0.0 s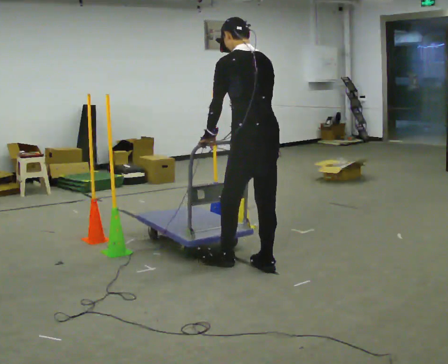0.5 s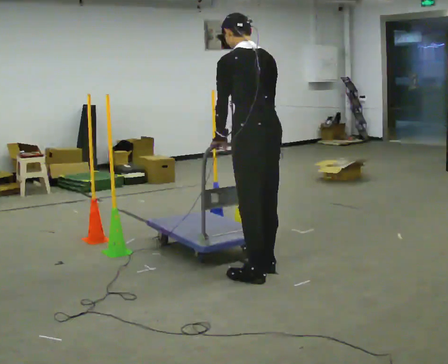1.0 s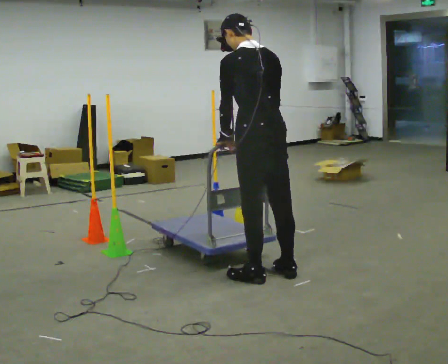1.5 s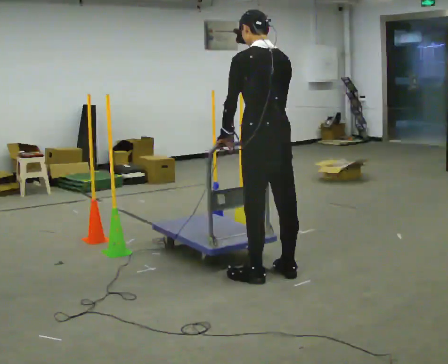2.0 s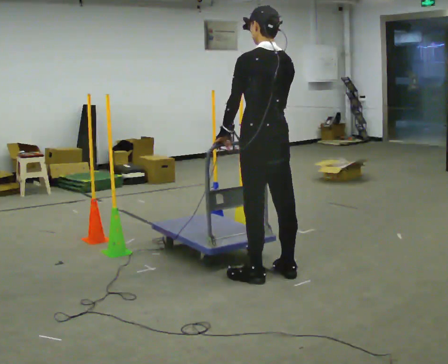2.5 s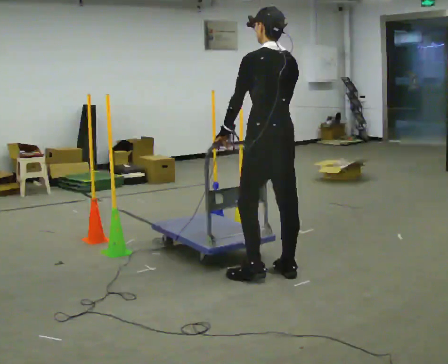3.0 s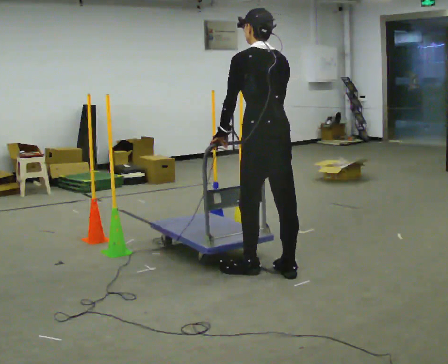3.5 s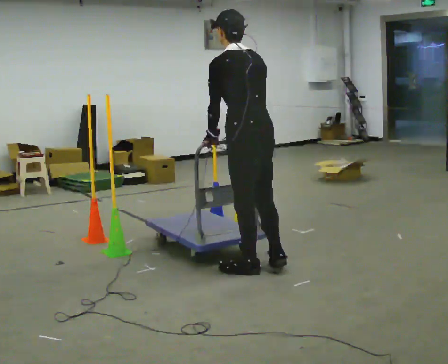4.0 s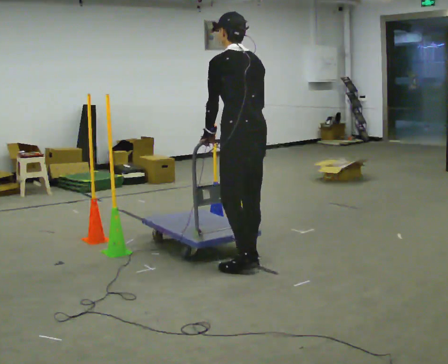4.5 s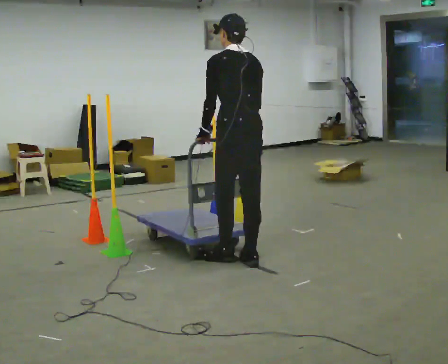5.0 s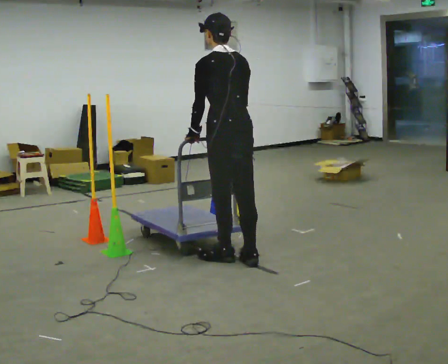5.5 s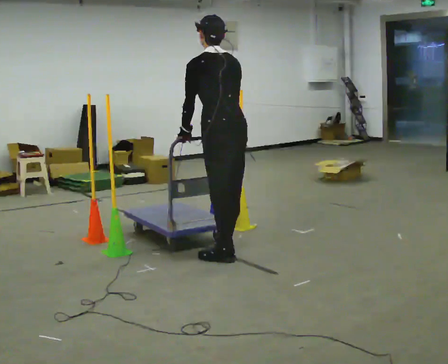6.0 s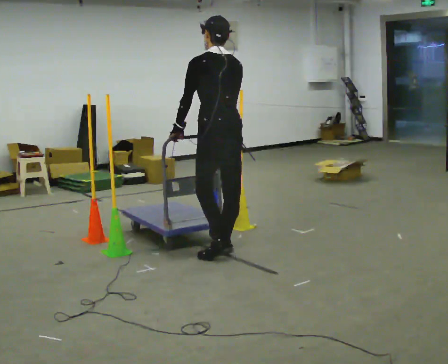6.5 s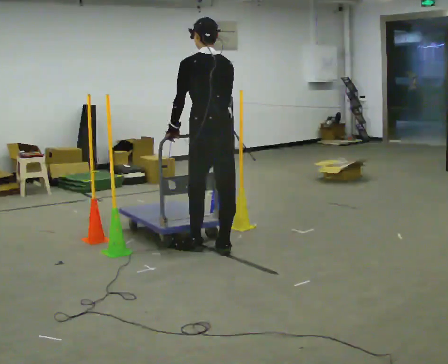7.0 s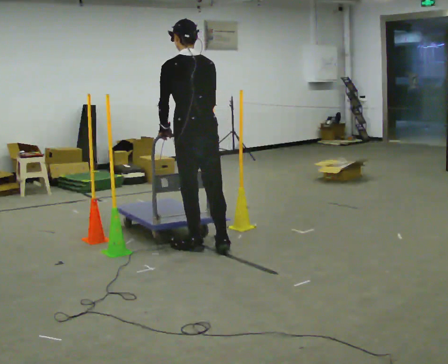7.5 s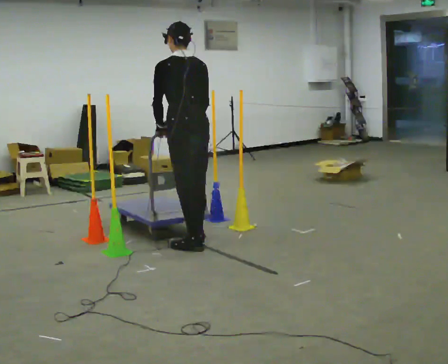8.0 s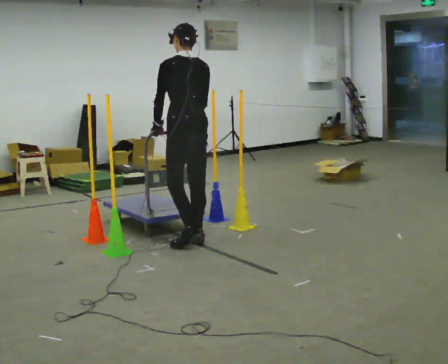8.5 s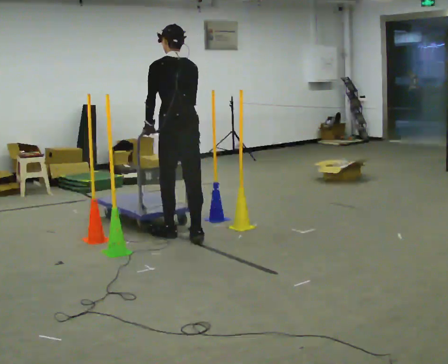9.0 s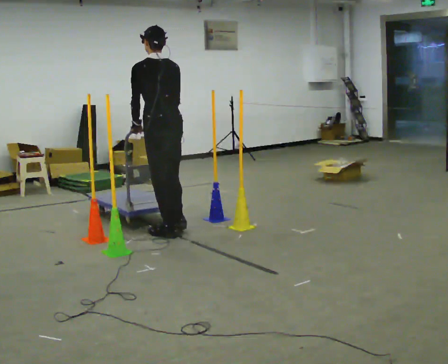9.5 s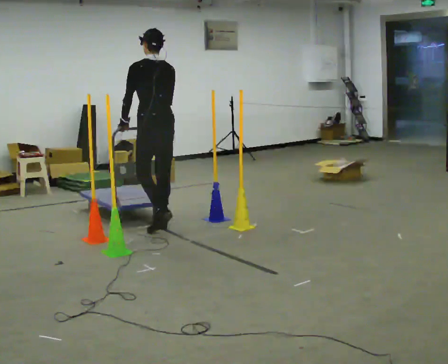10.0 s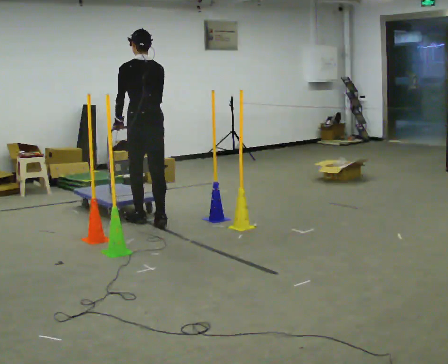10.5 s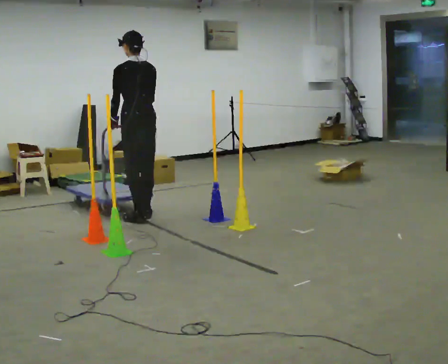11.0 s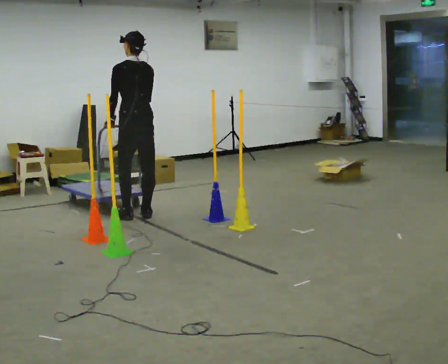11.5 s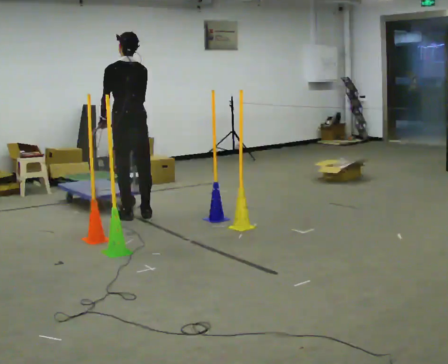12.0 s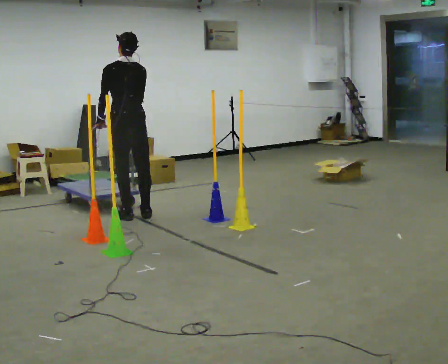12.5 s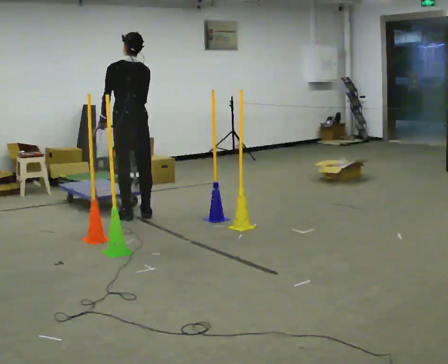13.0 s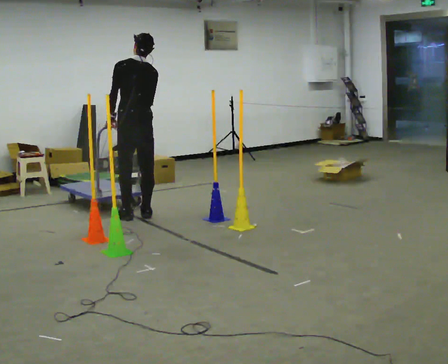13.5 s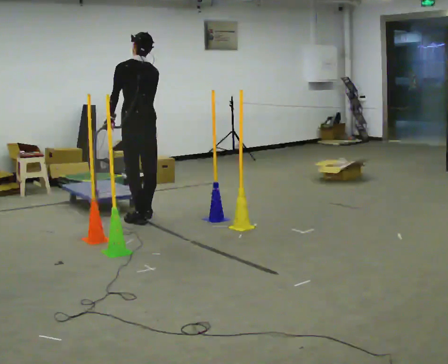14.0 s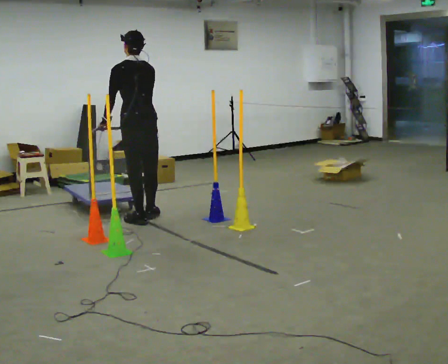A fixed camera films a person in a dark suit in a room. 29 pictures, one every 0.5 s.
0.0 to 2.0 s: The person moves a little, or ends about where they began.
2.0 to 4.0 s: In the picture they go away from the camera, about 0.25 m in 2 steps, which for them is forward.
4.0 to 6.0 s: In the picture they go away from the camera and to the left, about 0.25 m in 2 steps, which for them is forward.
6.0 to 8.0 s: In the picture they go away from the camera and to the left, about 0.5 m in 2 steps, which for them is forward.
8.0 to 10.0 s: In the picture they go away from the camera and to the left, about 0.5 m in 3 steps, which for them is forward.
10.0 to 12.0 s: In the picture they go away from the camera and to the left, about 0.25 m in 2 steps, which for them is forward.
12.0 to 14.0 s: In the picture they go toward the camera and to the right, about 0.25 m in 1 step, which for them is backward.
The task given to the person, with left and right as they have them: Push the cart in and out of the line of poles without touching any of them. Keep going until the operator says stop.
The film runs forward here.
